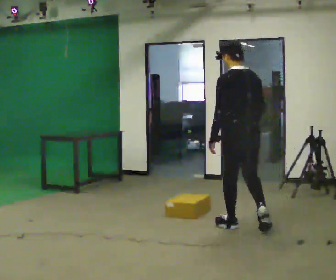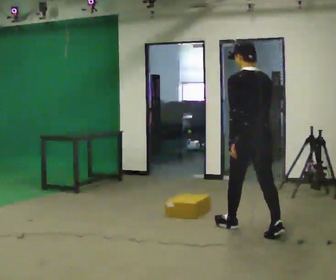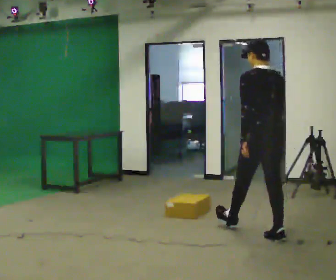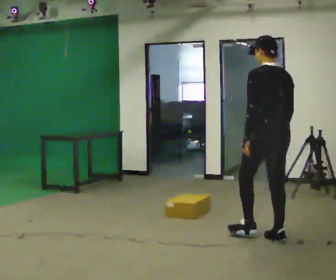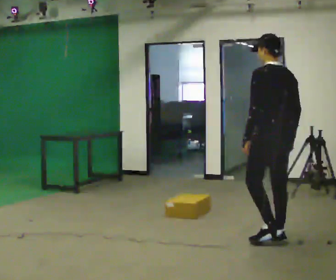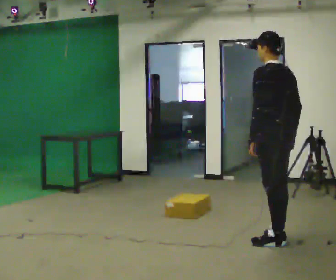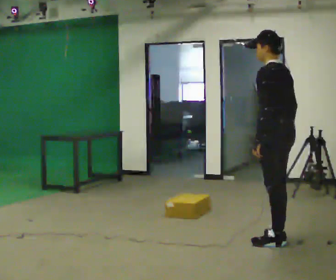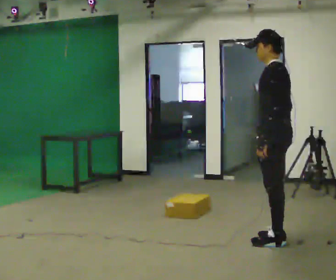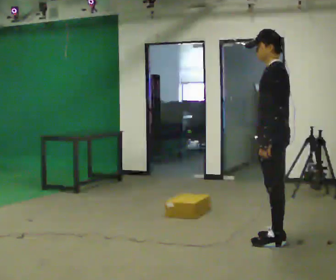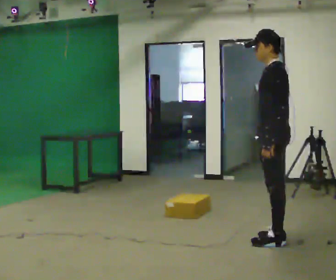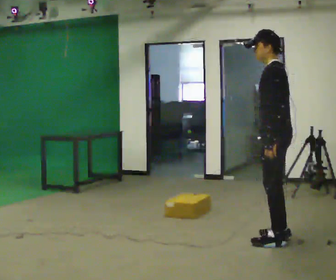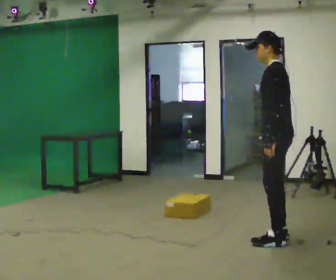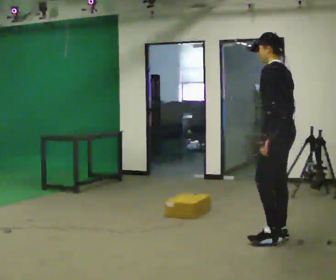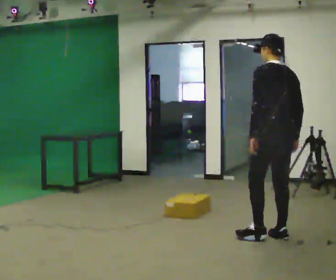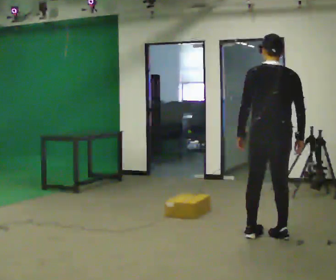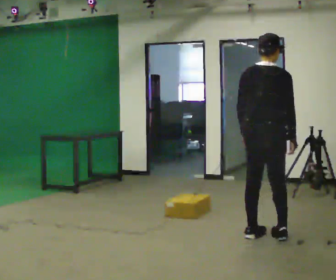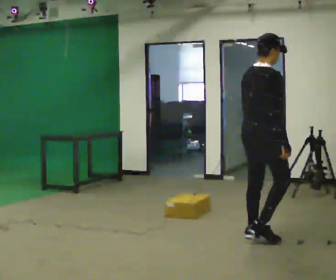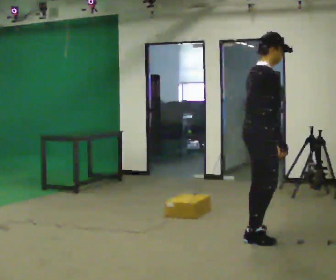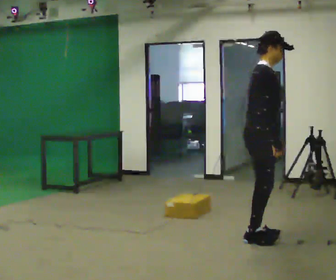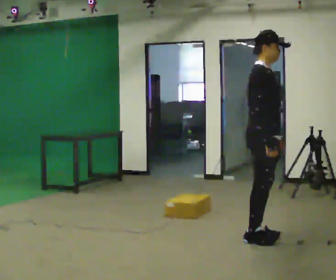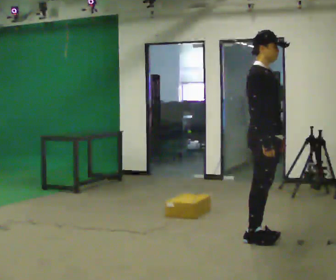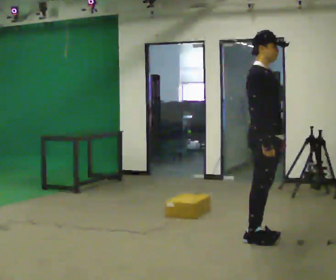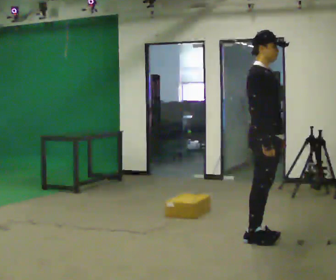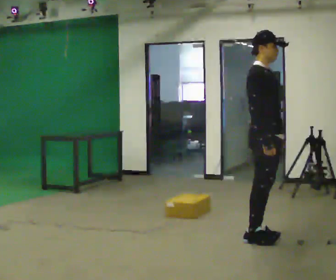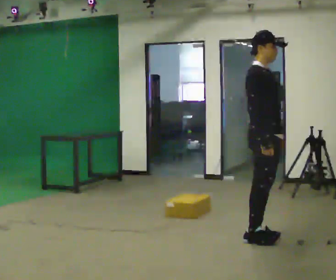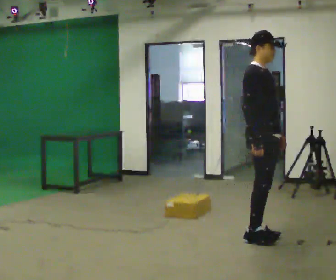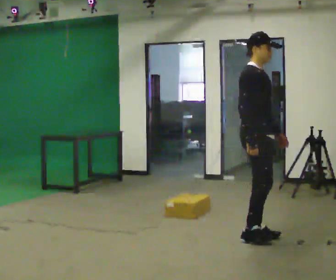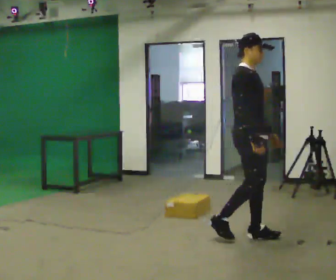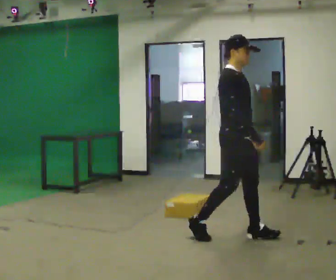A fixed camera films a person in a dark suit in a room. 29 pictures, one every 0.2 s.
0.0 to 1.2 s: Seen from above the body turns counterclockwise, about 30 degrees: to their left, with its near side sliding to the right. In the picture they go toward the camera and to the right, about 0.5 m in 1 step, which for them is backward.
1.2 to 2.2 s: The person moves a little, or ends about where they began.
2.2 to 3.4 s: The part of the body nearest the lens slides to the left as the person turns to their right by about 150 degrees. In the picture they go to the left, about 0.25 m in 2 steps.
3.4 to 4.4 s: The part of the body nearest the lens slides to the left as the person turns to their right by about 30 degrees.
4.4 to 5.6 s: In the picture they go to the left, about 0.25 m in 1 step, which for them is backward.
The film runs backward here.
